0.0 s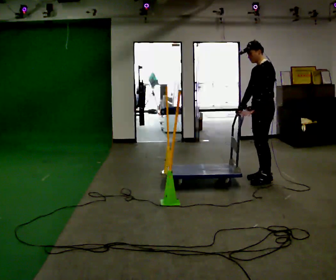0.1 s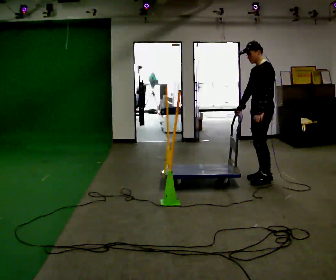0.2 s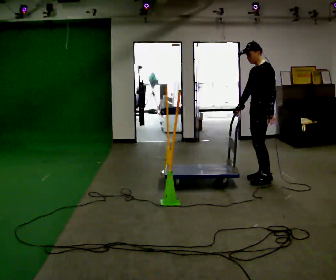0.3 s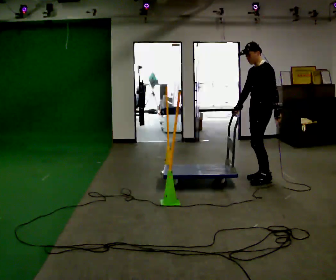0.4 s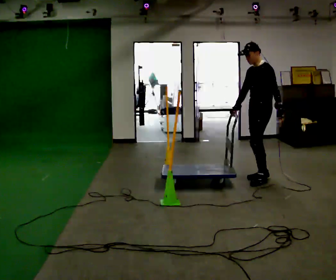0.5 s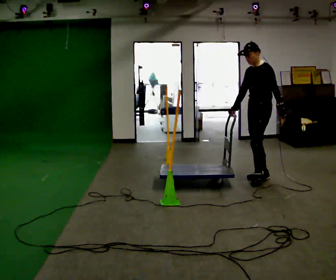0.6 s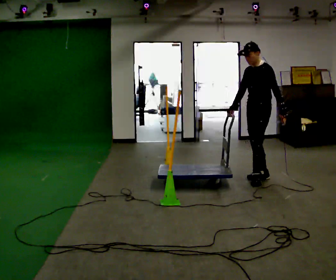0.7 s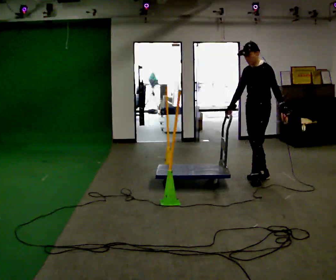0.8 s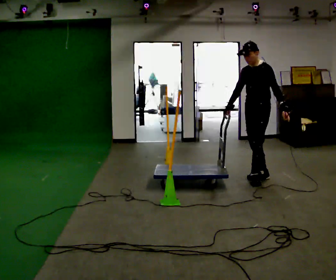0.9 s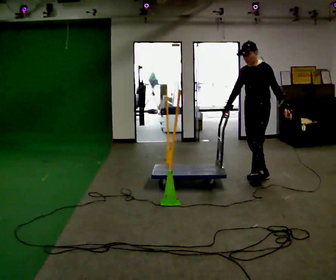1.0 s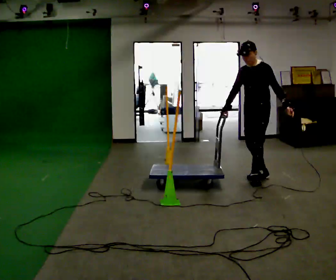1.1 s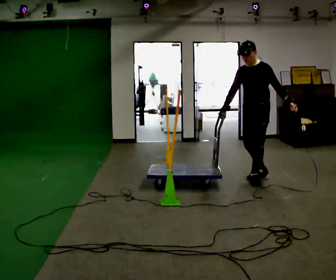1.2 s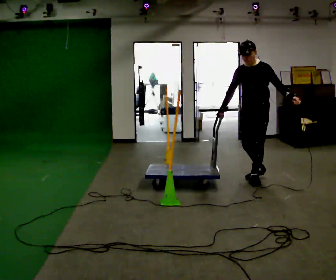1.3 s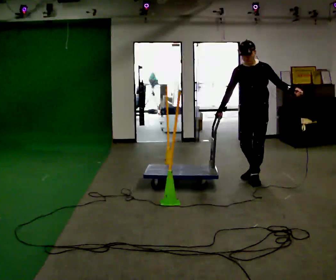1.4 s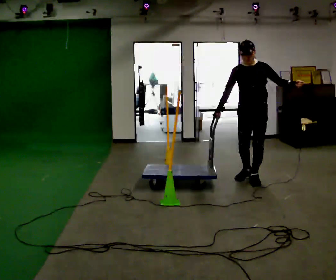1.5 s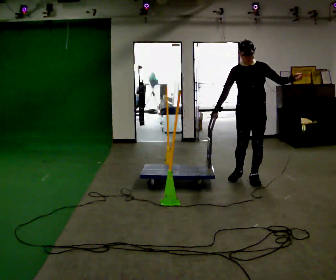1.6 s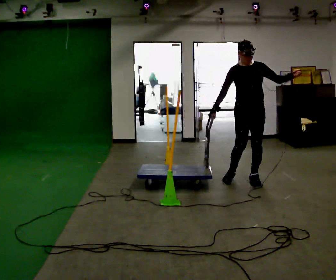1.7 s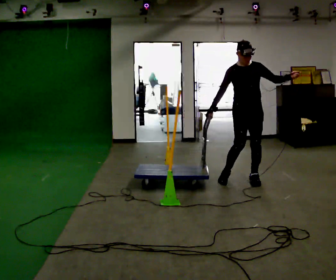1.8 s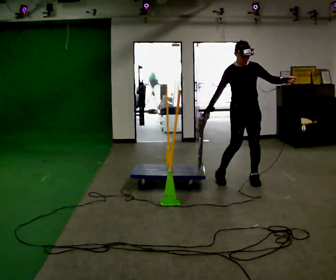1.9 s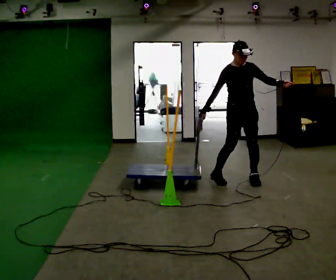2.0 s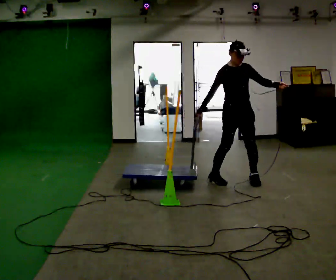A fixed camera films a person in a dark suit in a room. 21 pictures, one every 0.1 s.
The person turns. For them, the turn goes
to their left.
Their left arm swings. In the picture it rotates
counterclockwise.
0.0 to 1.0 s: The part of the body nearest the lens slides to the right as the person turns to their left by about 30 degrees. In the picture their left hand goes to the right, the arm swinging counterclockwise.
1.0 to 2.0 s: Seen from above the body turns counterclockwise, about 75 degrees: to their left, with its near side sliding to the right. In the picture they go to the left, about 0.25 m in 1 step.
The film runs backward here.
